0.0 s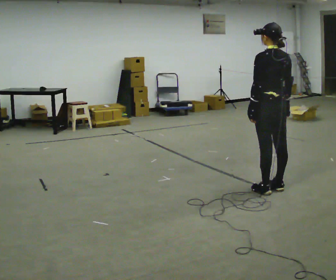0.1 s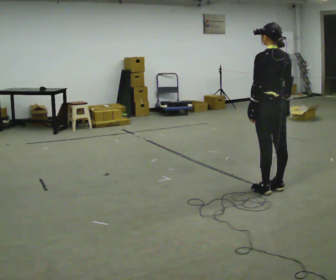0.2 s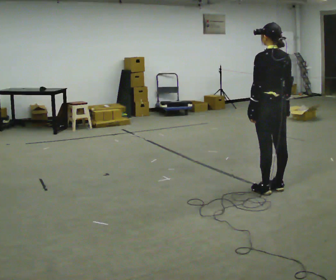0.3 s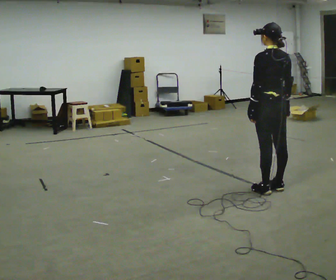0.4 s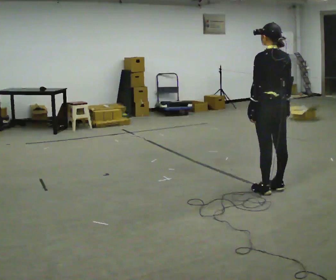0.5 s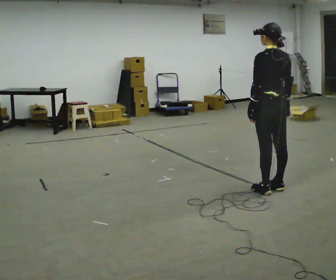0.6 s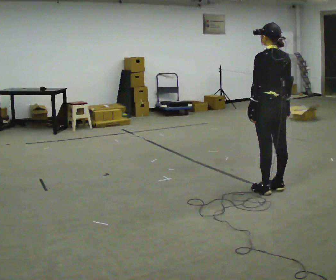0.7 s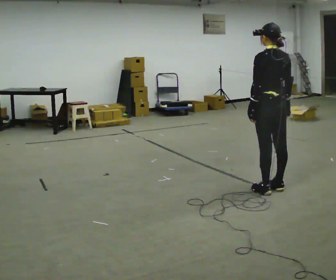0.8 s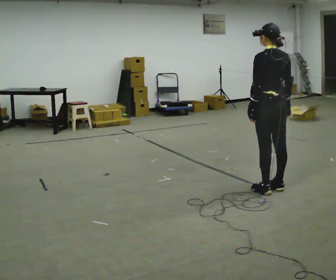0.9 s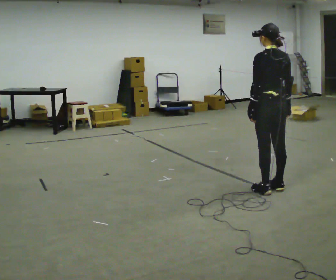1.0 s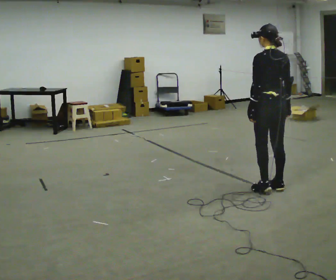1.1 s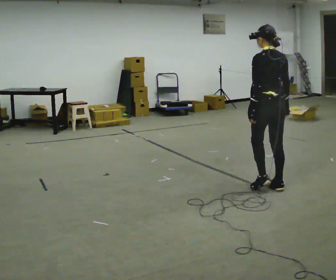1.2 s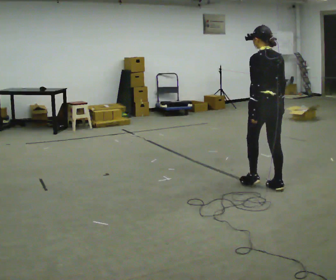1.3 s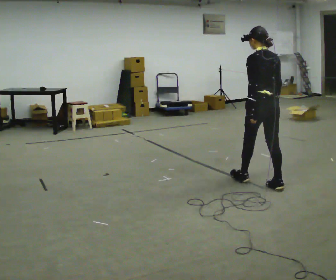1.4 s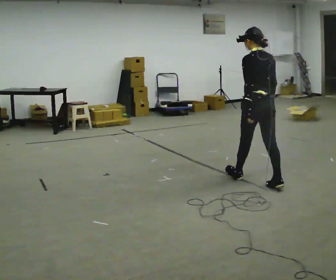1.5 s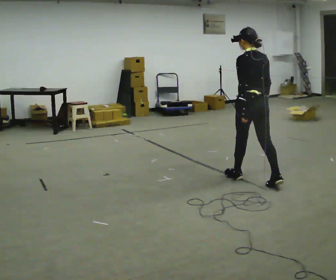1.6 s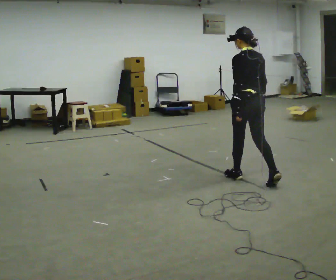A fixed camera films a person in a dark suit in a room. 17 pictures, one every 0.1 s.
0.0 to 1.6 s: In the picture they go away from the camera and to the left, about 0.25 m in 1 step, which for them is forward.
The film runs forward here.
